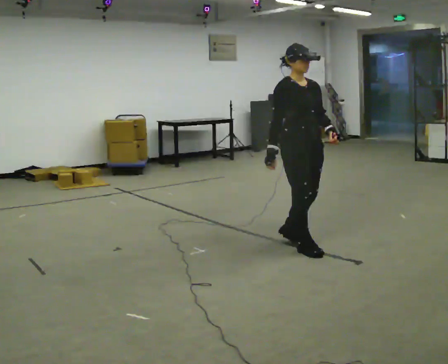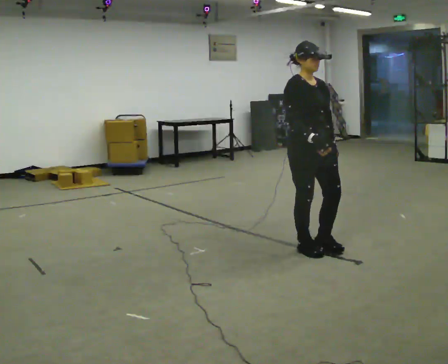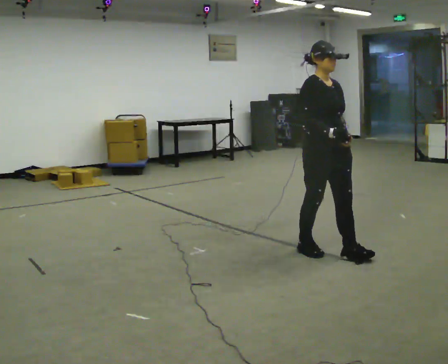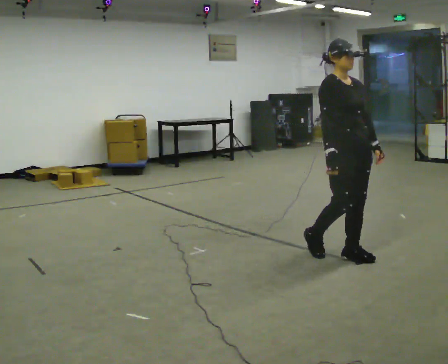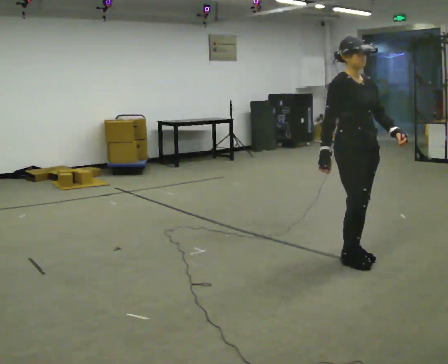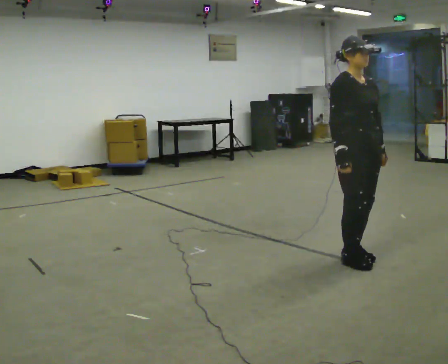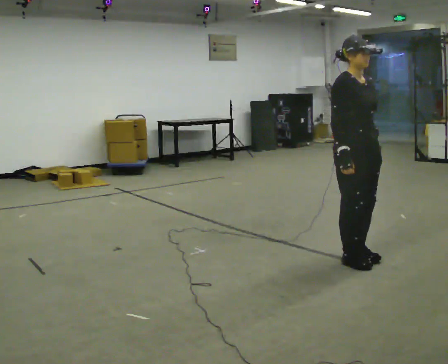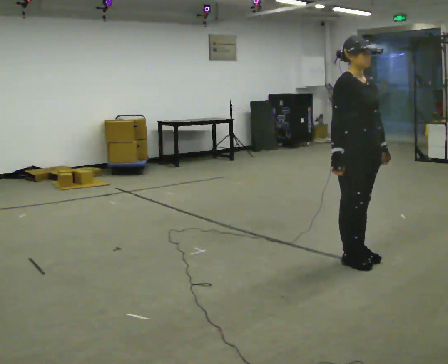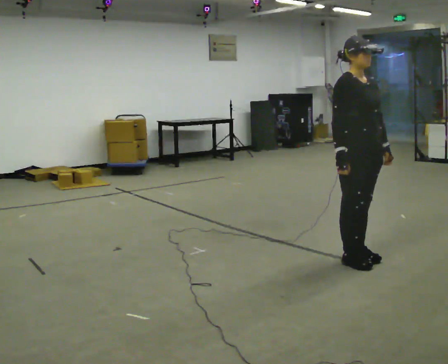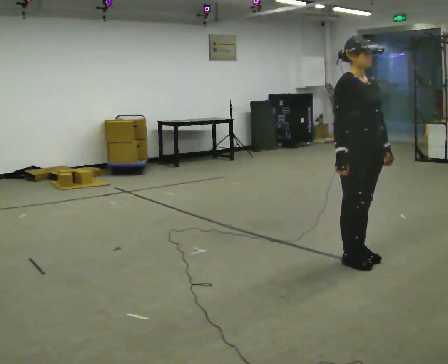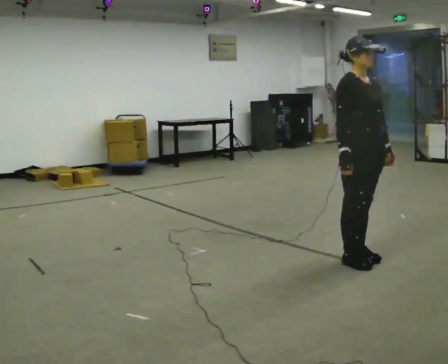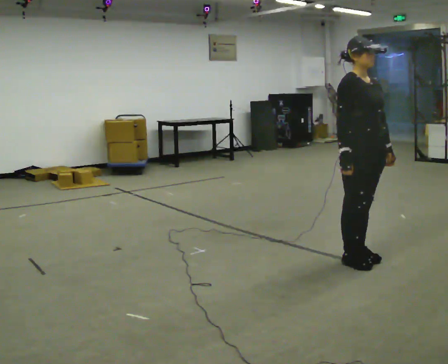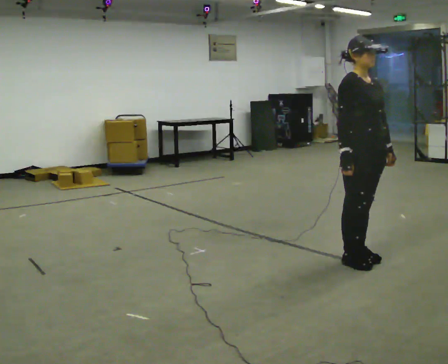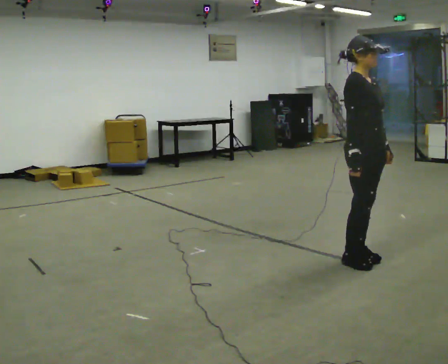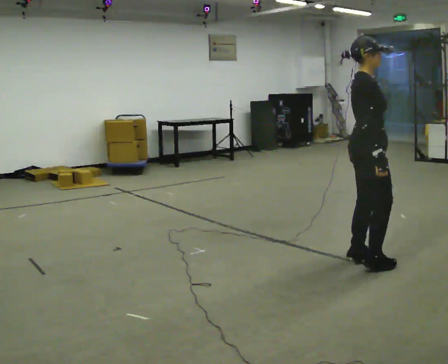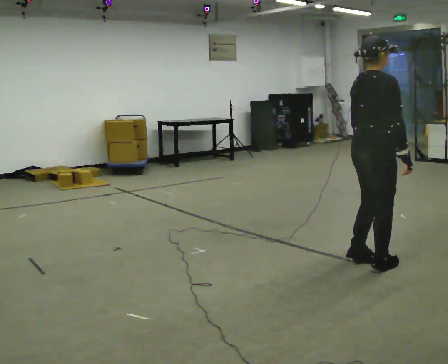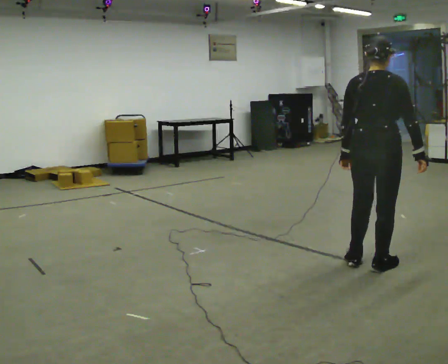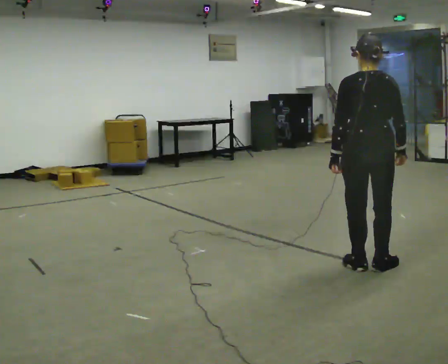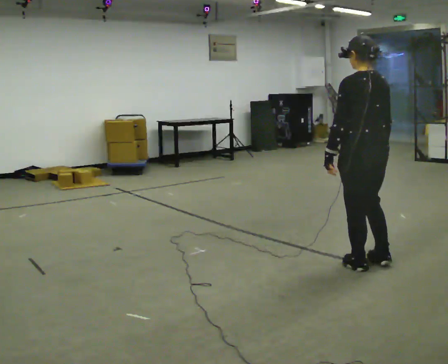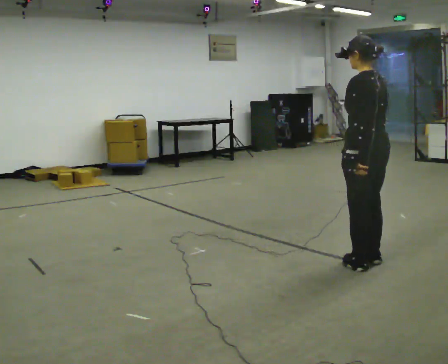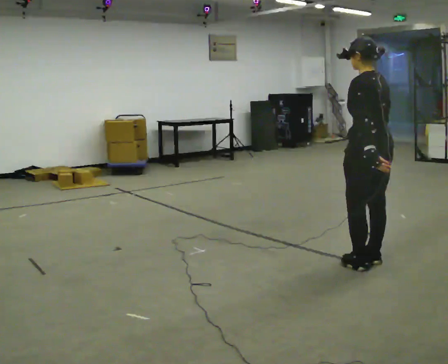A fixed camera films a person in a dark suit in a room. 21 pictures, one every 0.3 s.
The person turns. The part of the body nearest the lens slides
to the right.
The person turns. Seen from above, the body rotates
counterclockwise.
0.0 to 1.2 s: In the picture they go to the right and toward the camera, about 0.5 m in 1 step, which for them is forward.
1.2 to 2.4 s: The person moves a little, or ends about where they began.
2.4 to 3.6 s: The person keeps their place and pose.
3.6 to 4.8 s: The person turns about 105 degrees to their left, counterclockwise seen from above, so the part of the body nearest the lens slides to the right. In the picture they go toward the camera, about 0.25 m in 1 step. In the picture their right hand goes to the right.
4.8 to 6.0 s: The part of the body nearest the lens slides to the right as the person turns to their left by about 75 degrees.
The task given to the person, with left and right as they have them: Walk forward noticeably slower than normal; do not shuffle; stop.
The film runs forward here.
